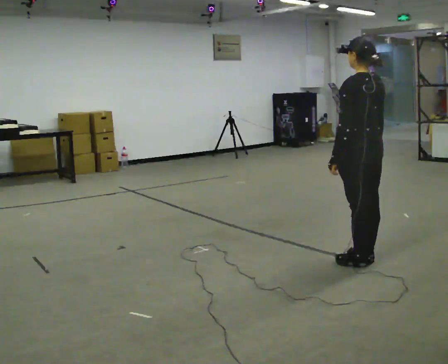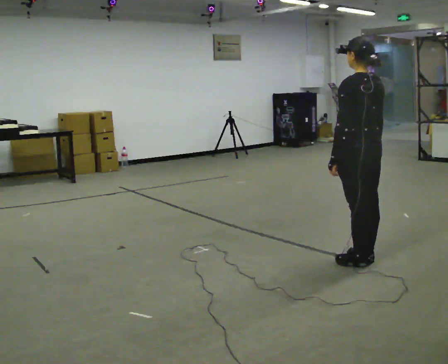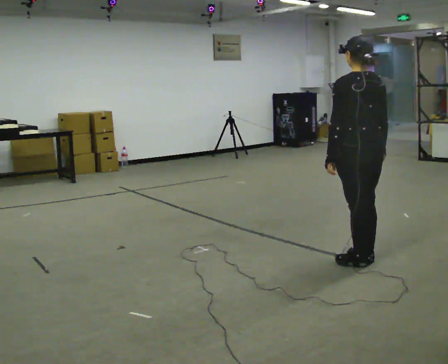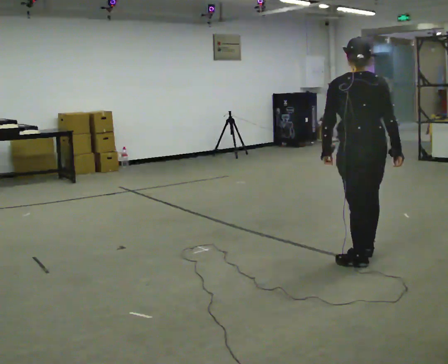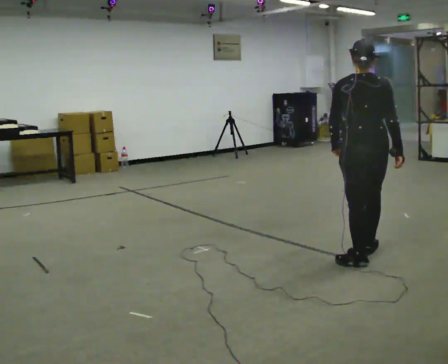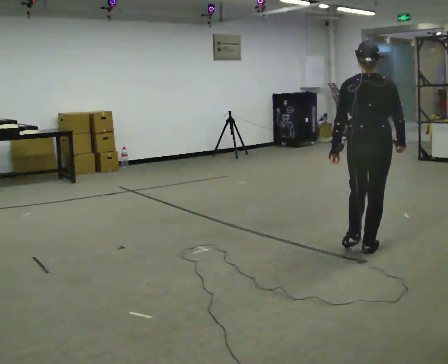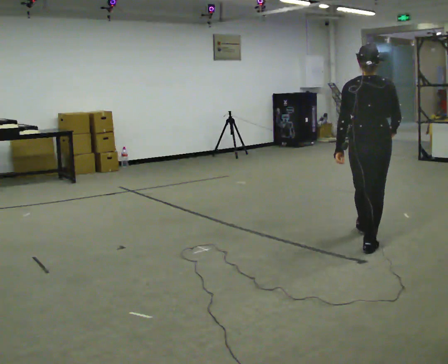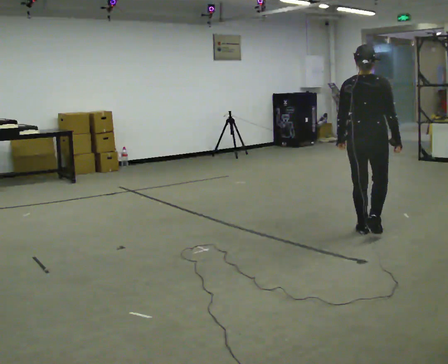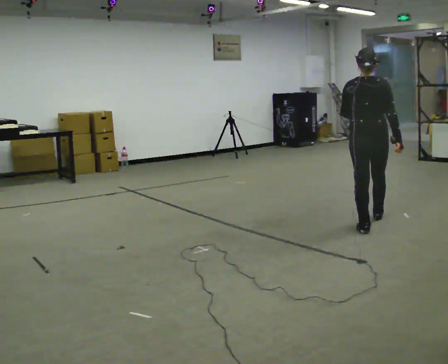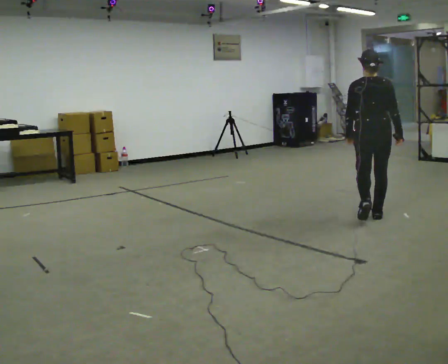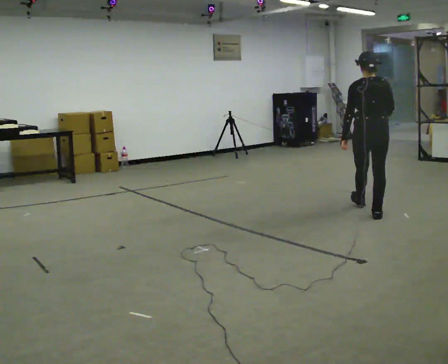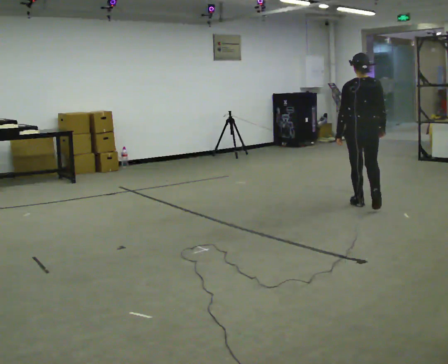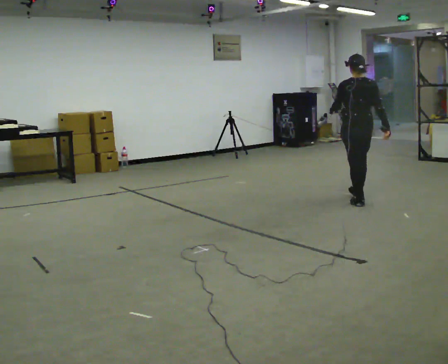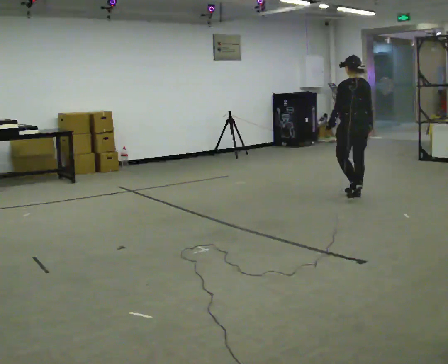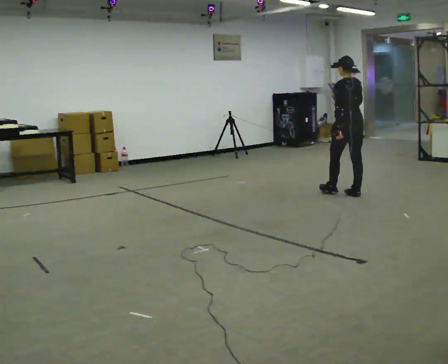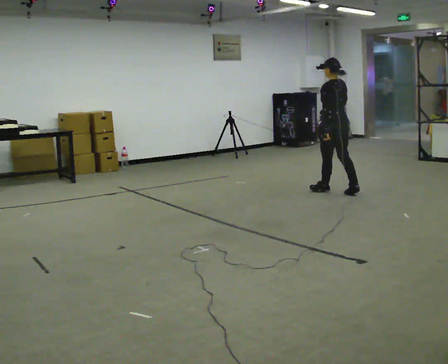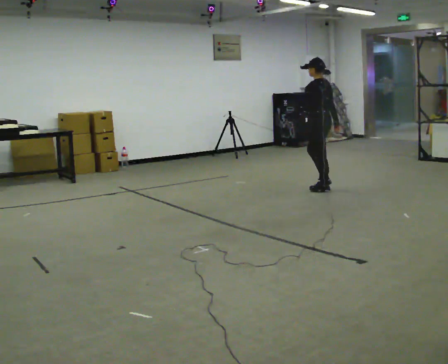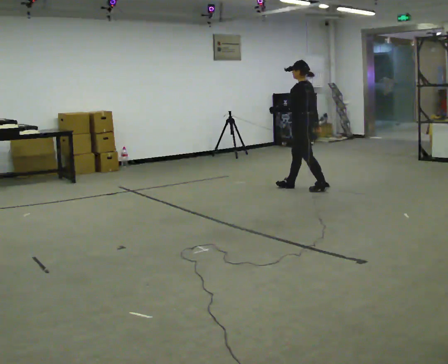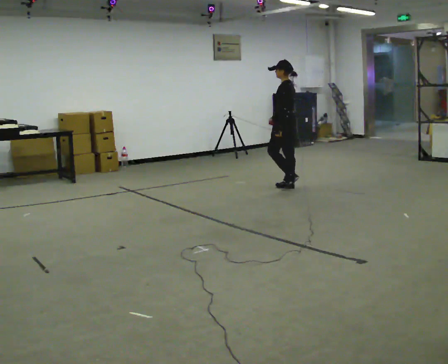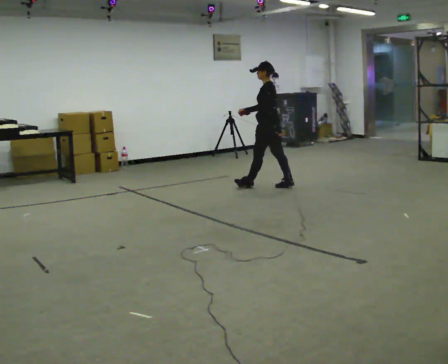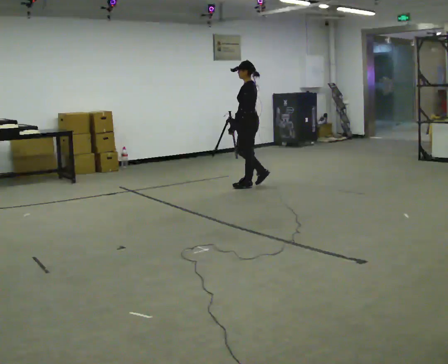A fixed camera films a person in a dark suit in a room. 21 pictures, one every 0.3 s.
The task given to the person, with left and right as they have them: Walk forward; gradually curve left/right; straighten out.
0.0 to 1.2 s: Seen from above the body turns clockwise, about 45 degrees: to their right, with its near side sliding to the left. In the picture they go away from the camera, about 0.25 m in 1 step.
1.2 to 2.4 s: In the picture they go away from the camera, about 1 m in 1 step, which for them is forward.
2.4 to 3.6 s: In the picture they go away from the camera, about 1 m in 2 steps, which for them is forward.
3.6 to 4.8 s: The part of the body nearest the lens slides to the right as the person turns to their left by about 45 degrees. In the picture they go away from the camera and to the left, about 0.5 m in 2 steps, which for them is forward.
4.8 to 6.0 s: The person turns about 30 degrees to their left, counterclockwise seen from above, so the part of the body nearest the lens slides to the right. In the picture they go to the left, about 1 m in 2 steps, which for them is forward.
The film runs forward here.
